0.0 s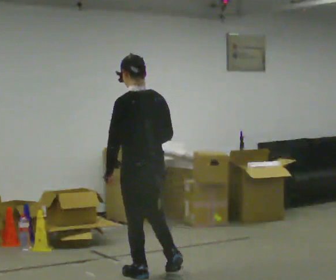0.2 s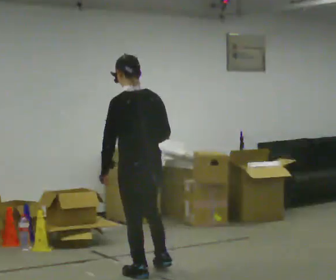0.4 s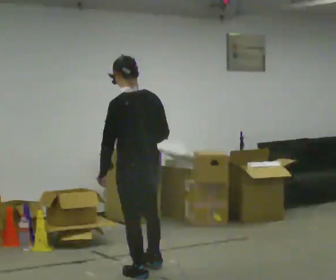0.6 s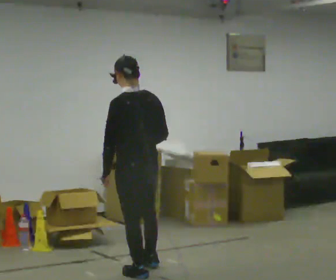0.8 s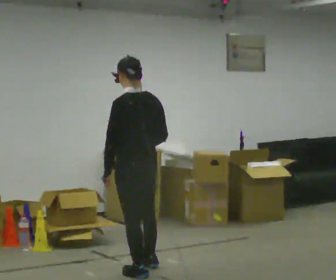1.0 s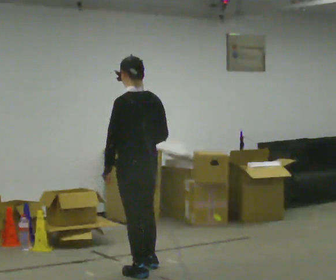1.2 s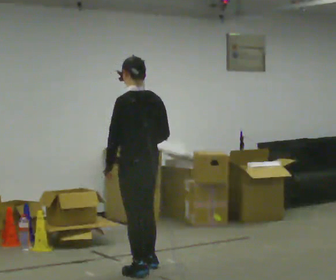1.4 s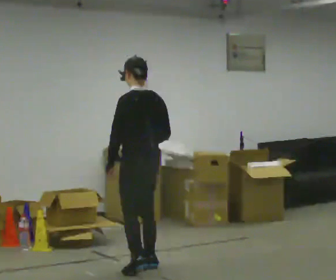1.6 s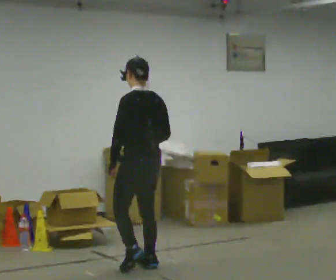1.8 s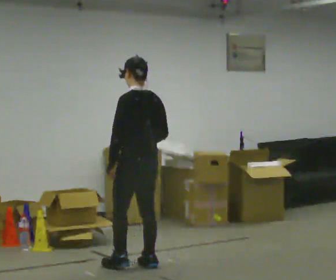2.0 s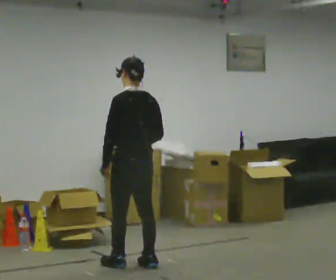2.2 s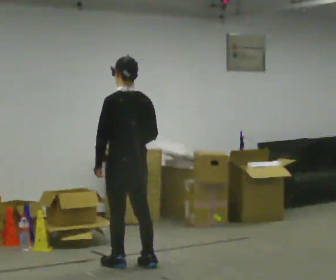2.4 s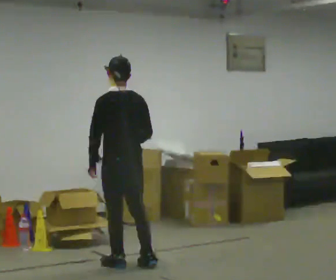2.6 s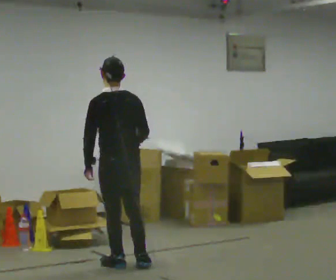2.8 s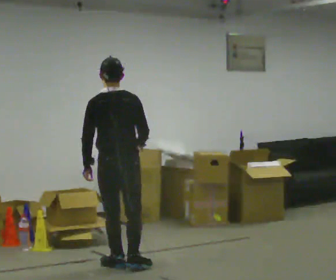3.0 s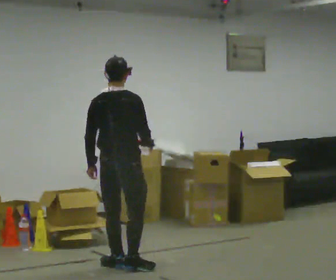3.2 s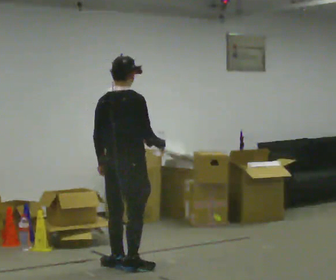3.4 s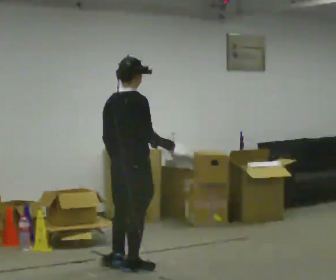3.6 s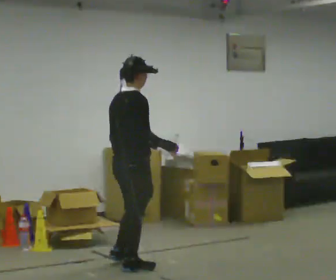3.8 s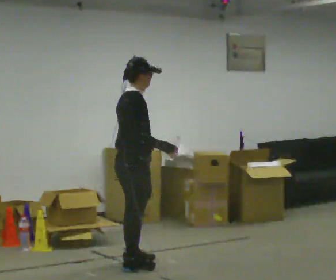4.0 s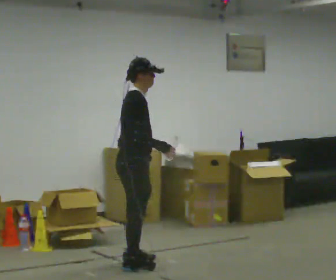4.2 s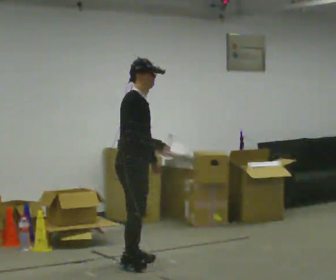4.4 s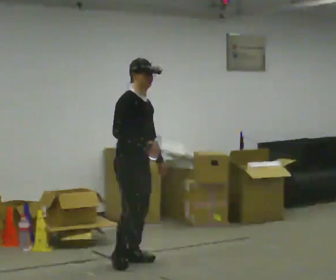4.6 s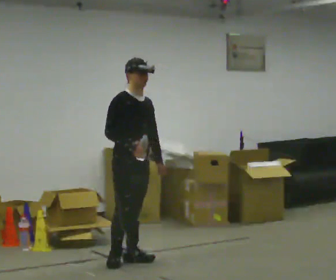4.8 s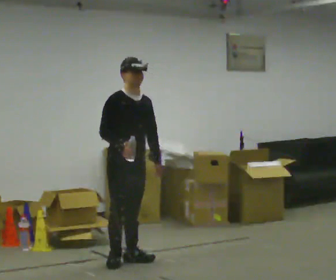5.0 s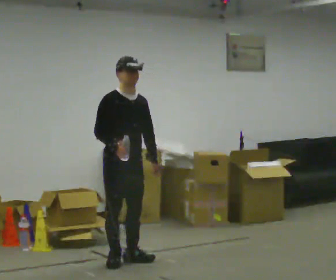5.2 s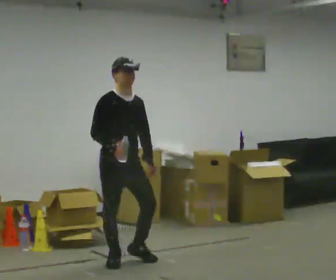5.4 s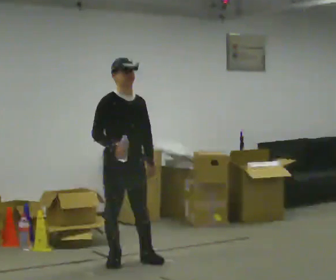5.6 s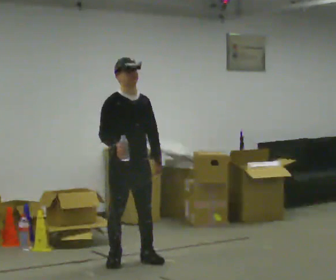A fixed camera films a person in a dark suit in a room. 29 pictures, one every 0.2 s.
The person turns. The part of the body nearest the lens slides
to the left.
The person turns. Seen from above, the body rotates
clockwise.
0.0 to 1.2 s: In the picture they go away from the camera, about 0.25 m in 1 step, which for them is forward.
1.2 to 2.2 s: The person moves a little, or ends about where they began.
2.2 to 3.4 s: The part of the body nearest the lens slides to the left as the person turns to their right by about 75 degrees.
3.4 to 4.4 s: The person turns about 75 degrees to their right, clockwise seen from above, so the part of the body nearest the lens slides to the left. In the picture they go away from the camera, about 0.25 m in 1 step.
4.4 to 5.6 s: The person turns about 30 degrees to their right, clockwise seen from above, so the part of the body nearest the lens slides to the left.
The film runs forward here.
